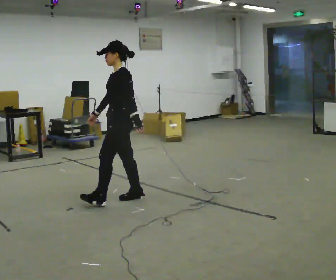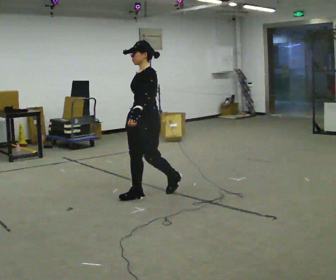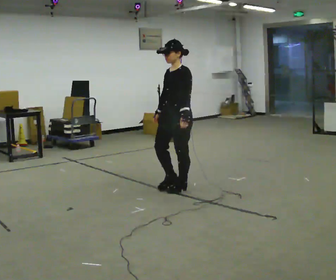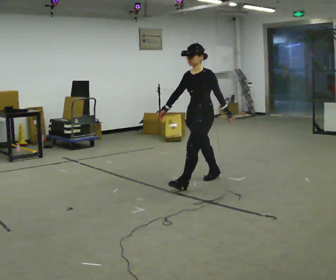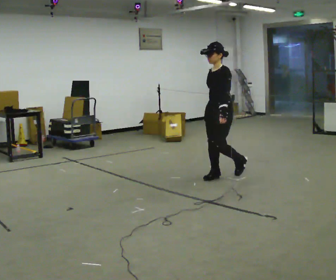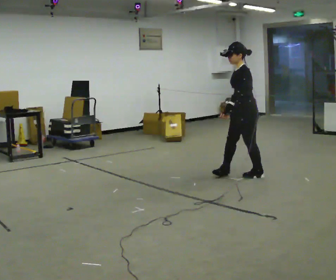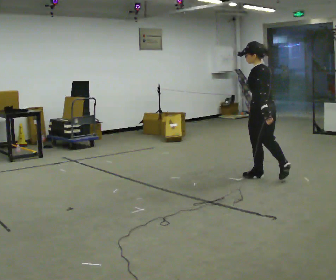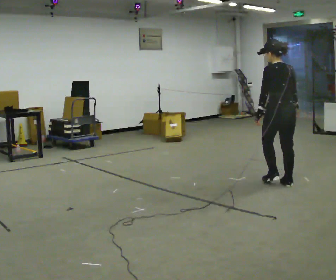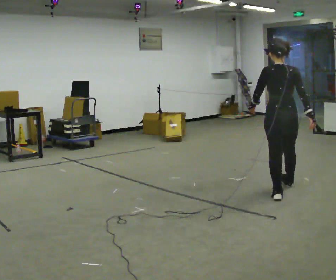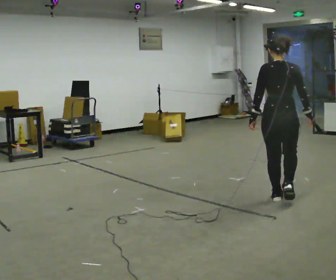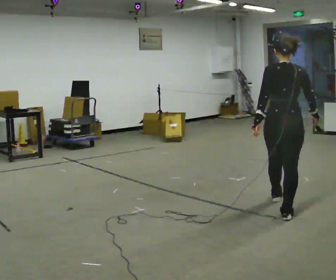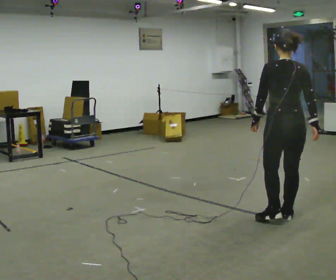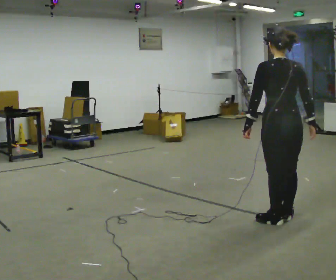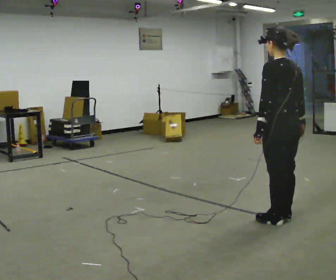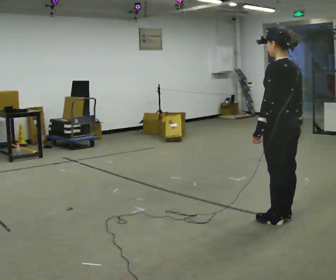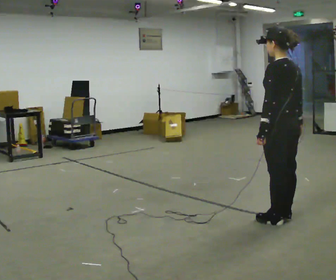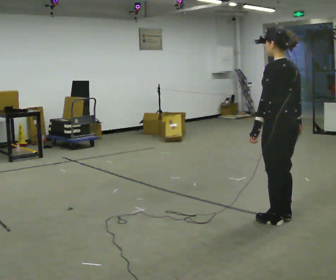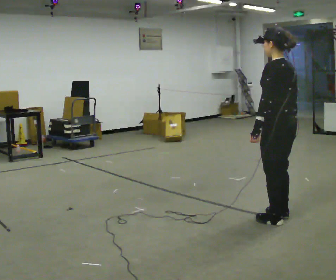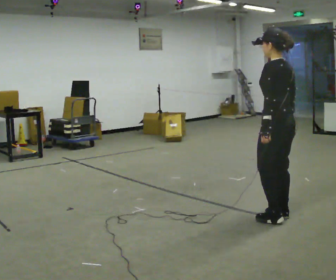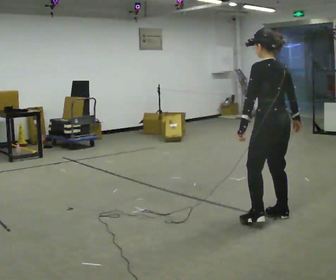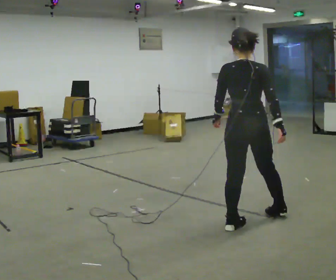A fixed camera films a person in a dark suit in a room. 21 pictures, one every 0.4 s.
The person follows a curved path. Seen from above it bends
clockwise.
0.0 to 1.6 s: In the picture they go away from the camera and to the right, about 1.5 m in 2 steps, which for them is backward.
1.6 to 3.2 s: The person turns about 135 degrees to their right, clockwise seen from above, so the part of the body nearest the lens slides to the left. In the picture they go to the right and toward the camera, about 1 m in 2 steps.
3.2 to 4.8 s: In the picture they go toward the camera, about 1 m in 2 steps, which for them is backward.
4.8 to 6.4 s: The person turns about 45 degrees to their left, counterclockwise seen from above, so the part of the body nearest the lens slides to the right.
6.4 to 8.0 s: The person turns about 30 degrees to their right, clockwise seen from above, so the part of the body nearest the lens slides to the left. In the picture they go to the left, about 0.25 m in 1 step, which for them is forward and to their left.
The film runs backward here.
